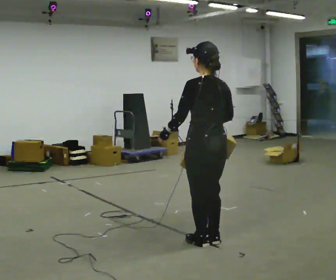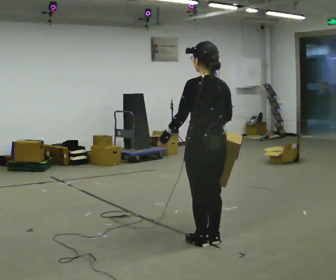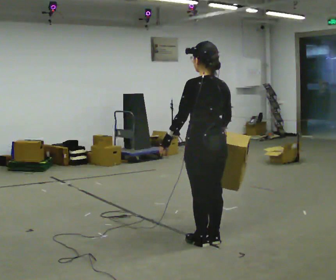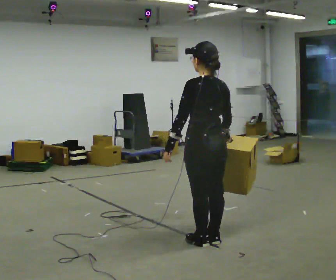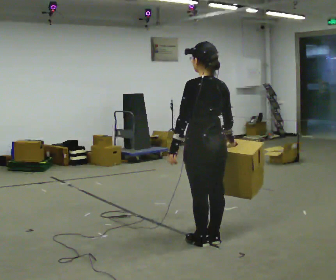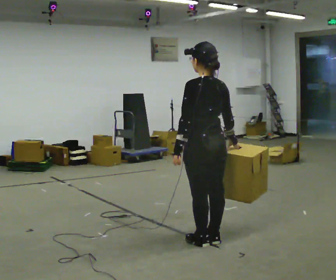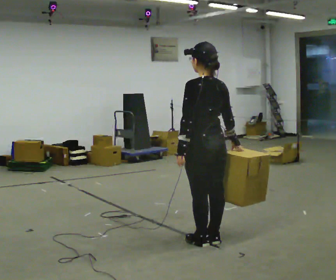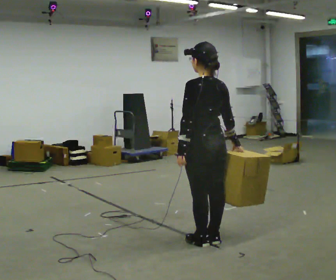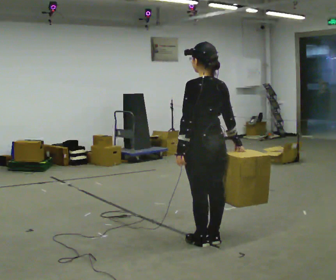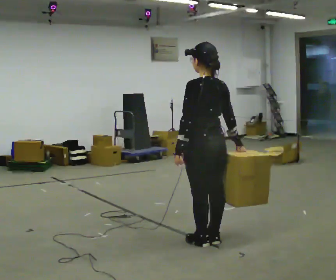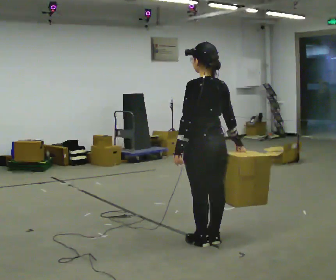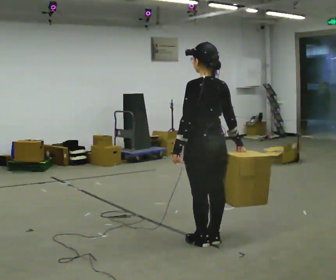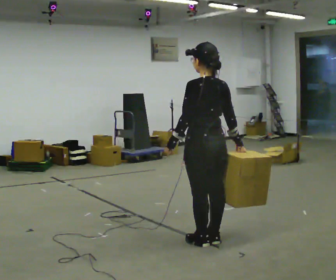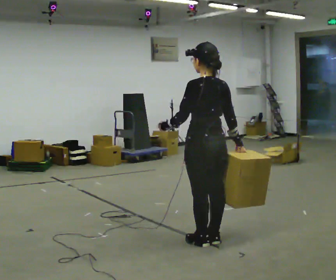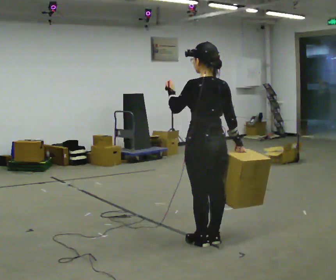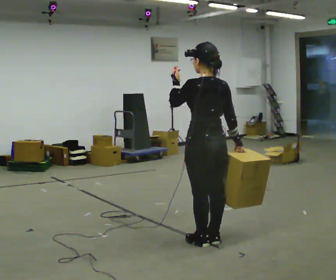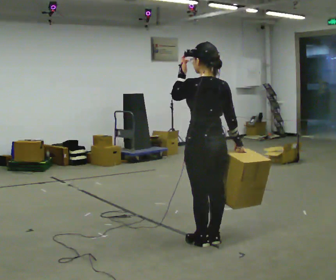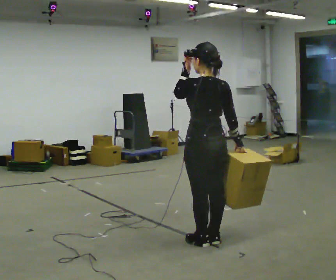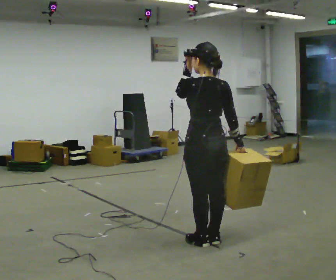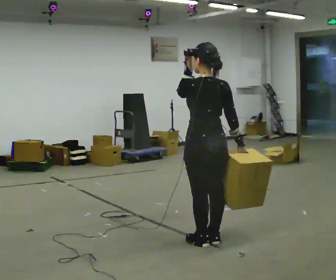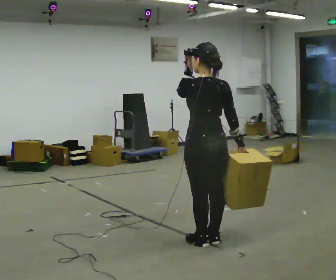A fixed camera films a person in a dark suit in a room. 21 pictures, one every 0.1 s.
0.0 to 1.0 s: The person moves a little, or ends about where they began.
1.0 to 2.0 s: In the picture their left hand goes upward.
The film runs forward here.
